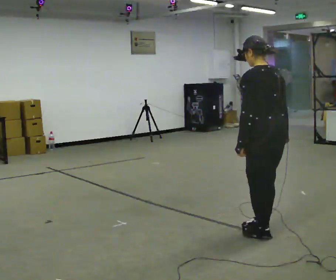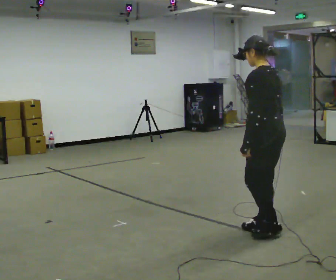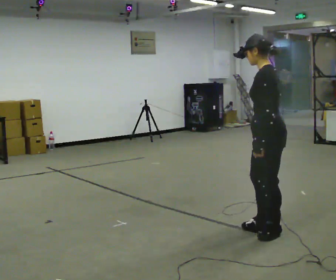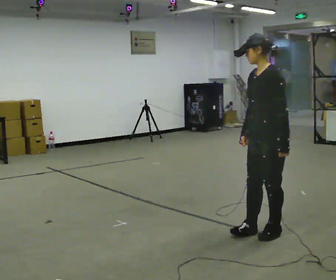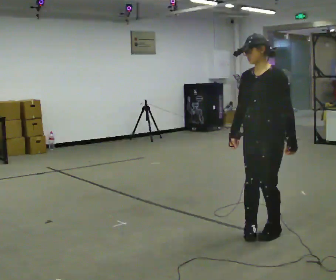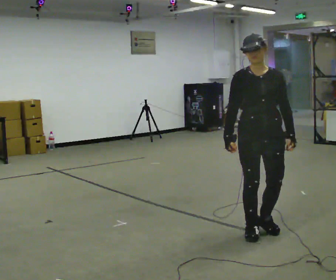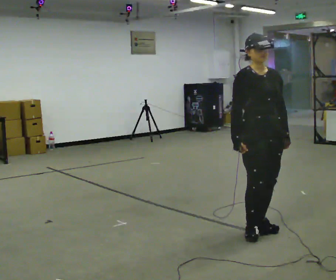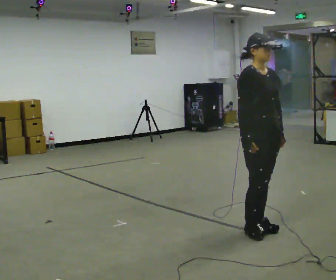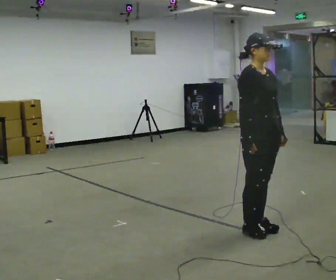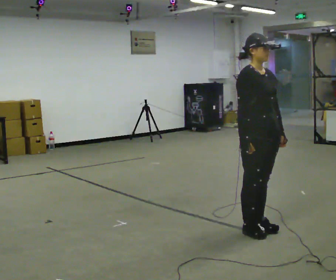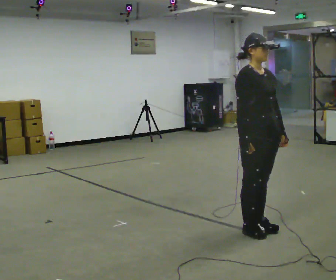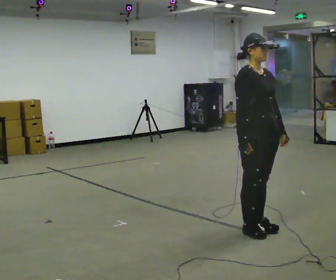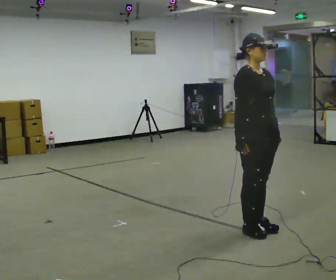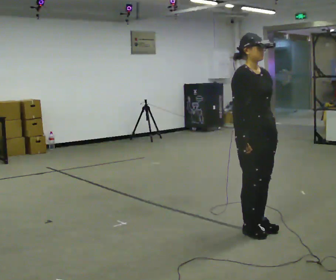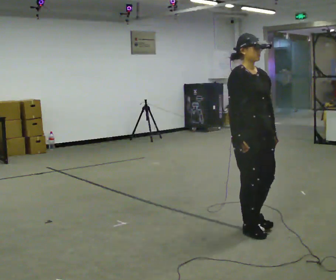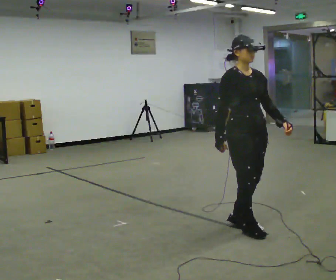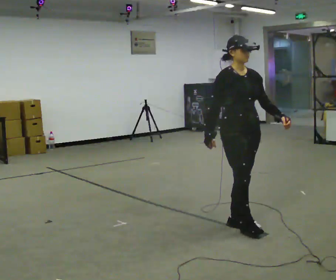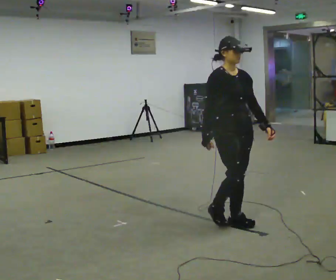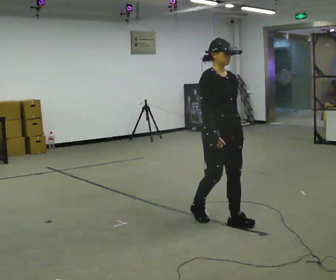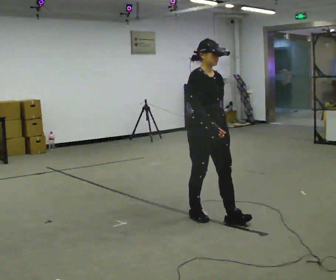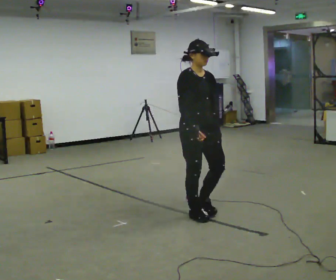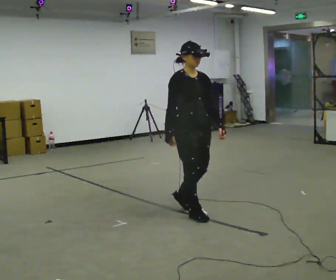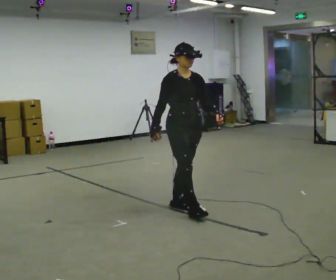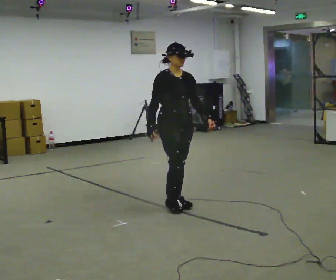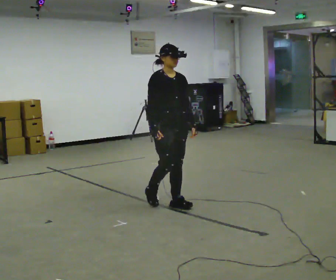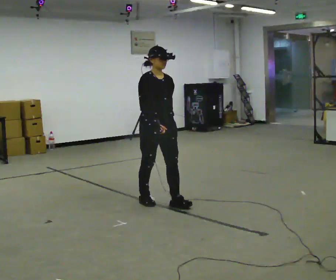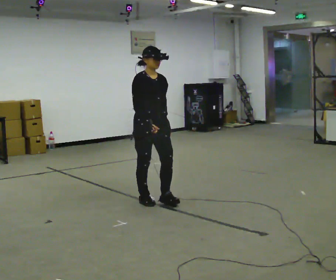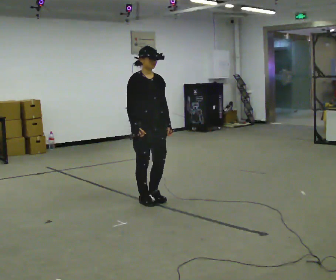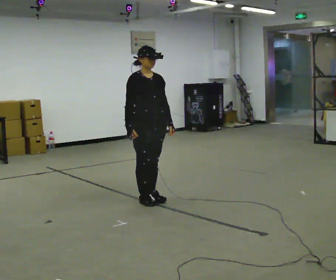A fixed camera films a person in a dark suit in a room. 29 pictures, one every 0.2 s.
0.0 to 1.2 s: The person turns about 165 degrees to their left, counterclockwise seen from above, so the part of the body nearest the lens slides to the right. In the picture their right hand goes to the left, the arm swinging clockwise.
1.2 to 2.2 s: The person moves a little, or ends about where they began.
2.2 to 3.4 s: In the picture they go to the left and away from the camera, about 0.25 m in 2 steps, which for them is backward.
3.4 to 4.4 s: In the picture they go to the left and away from the camera, about 0.5 m in 1 step, which for them is backward.
4.4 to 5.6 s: In the picture they go to the left and away from the camera, about 0.5 m in 2 steps, which for them is backward.
The film runs backward here.
